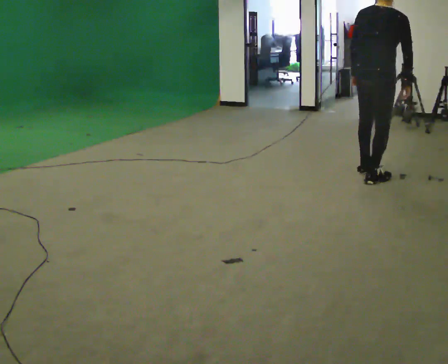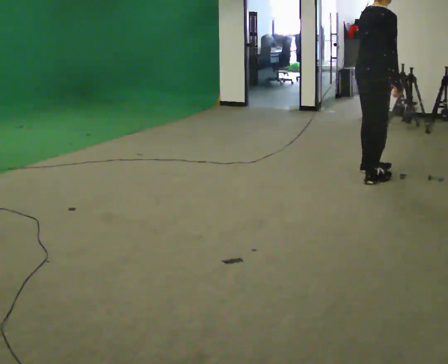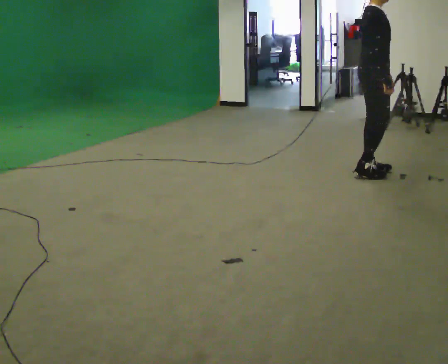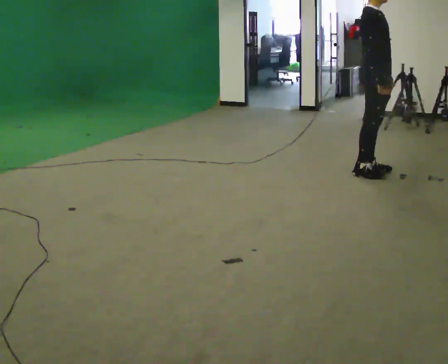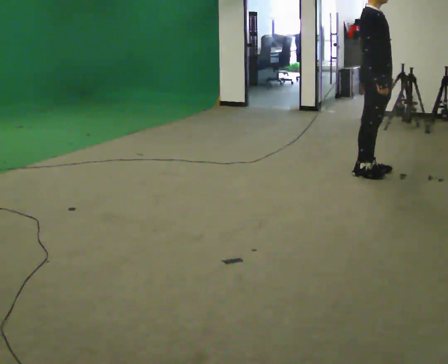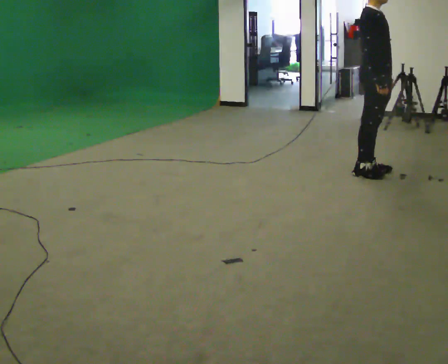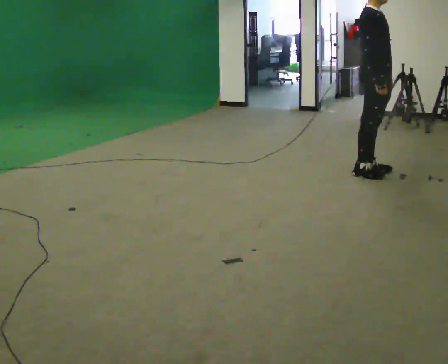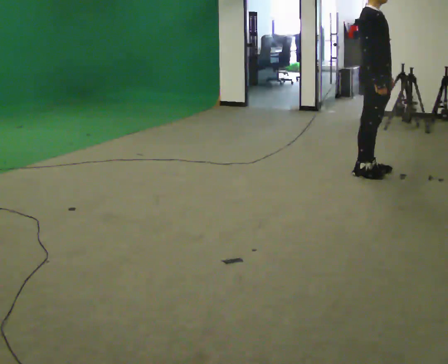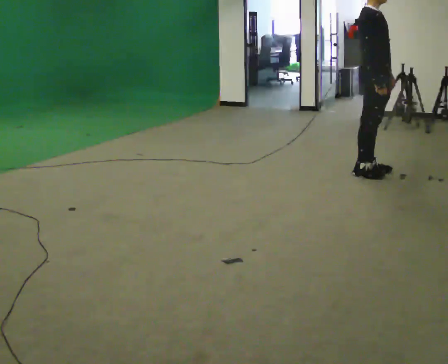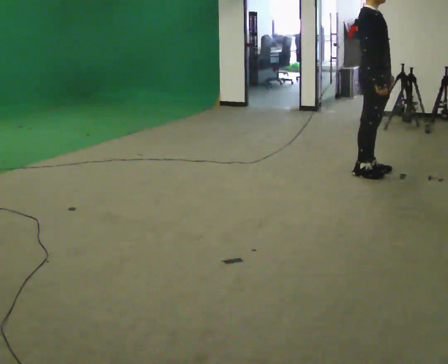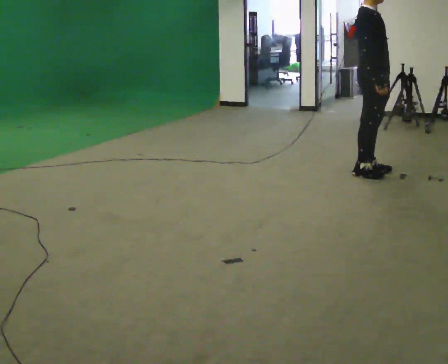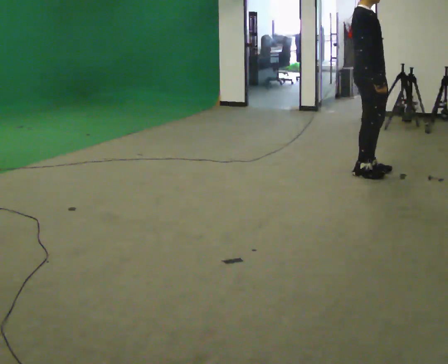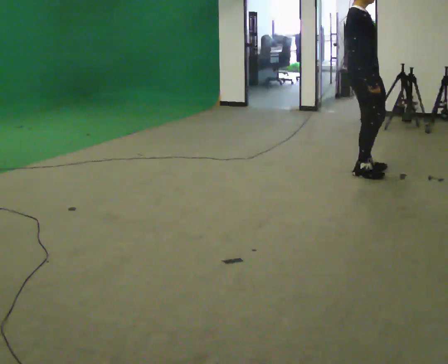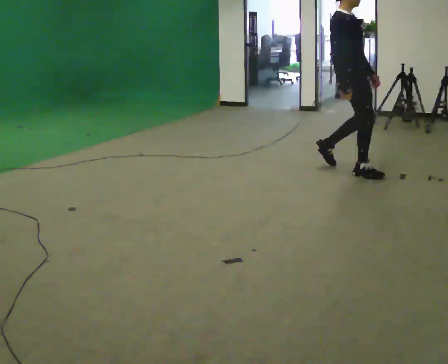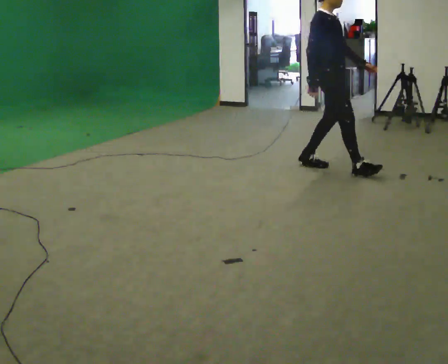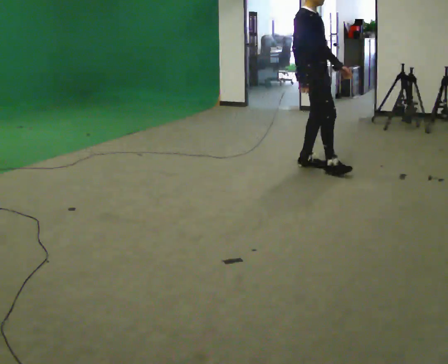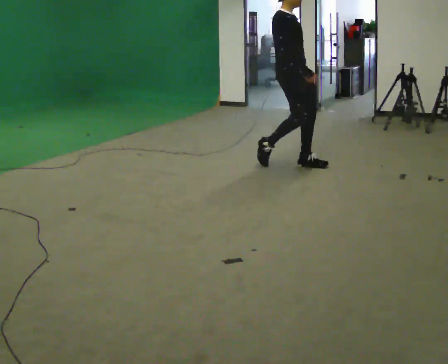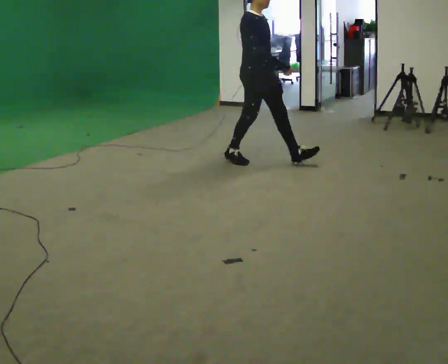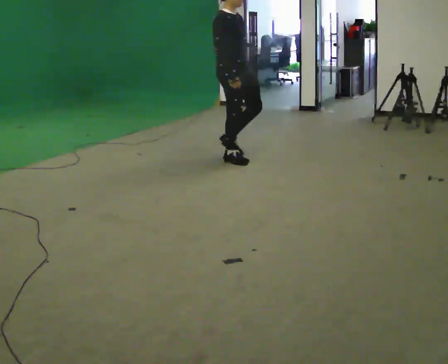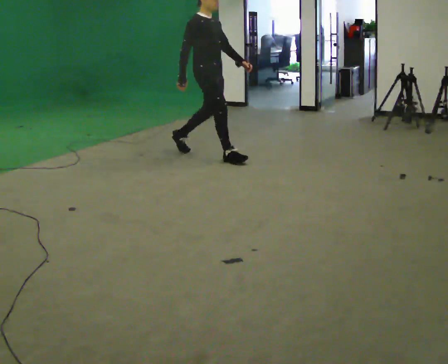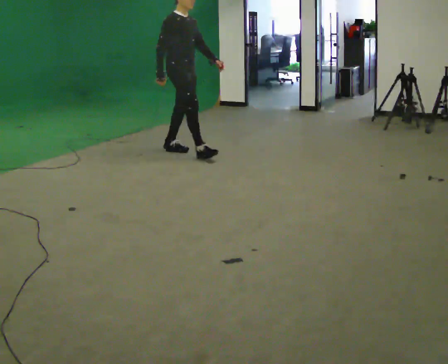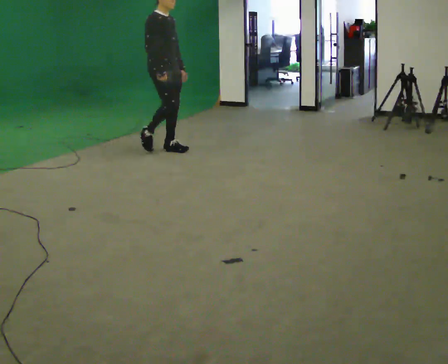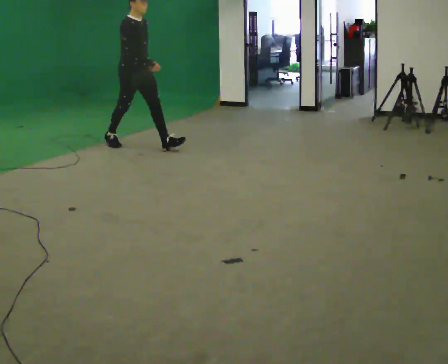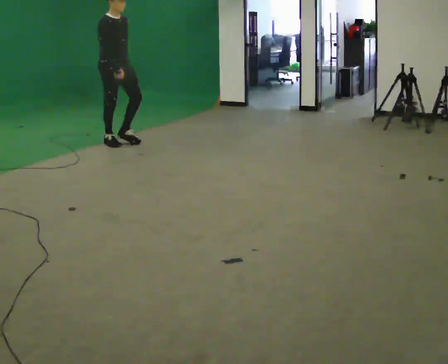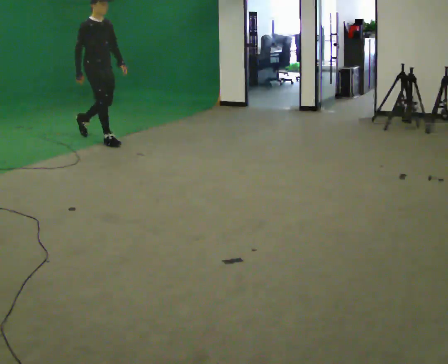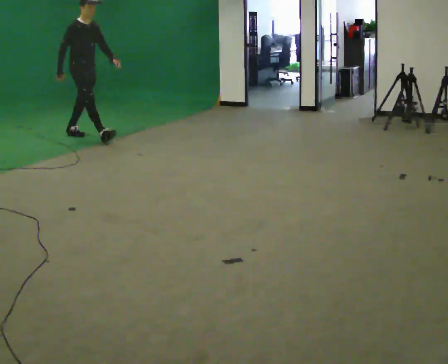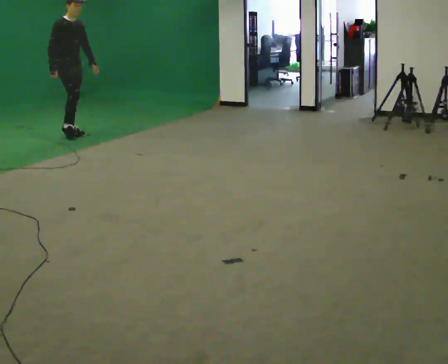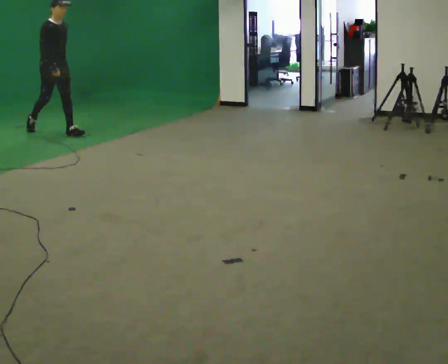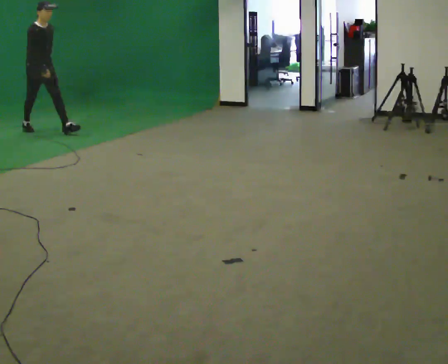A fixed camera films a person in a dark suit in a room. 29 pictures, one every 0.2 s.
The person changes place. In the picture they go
to the left.
0.0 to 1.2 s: The part of the body nearest the lens slides to the left as the person turns to their right by about 75 degrees. In the picture they go away from the camera, about 0.25 m in 1 step. In the picture their left hand goes to the right.
1.2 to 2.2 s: The person moves a little, or ends about where they began.
2.2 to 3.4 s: In the picture they go to the left, about 1 m in 3 steps, which for them is backward.
3.4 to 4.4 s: In the picture they go to the left, about 1.5 m in 2 steps, which for them is backward.
4.4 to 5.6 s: In the picture they go to the left, about 1.5 m in 2 steps, which for them is backward.
The film runs backward here.
